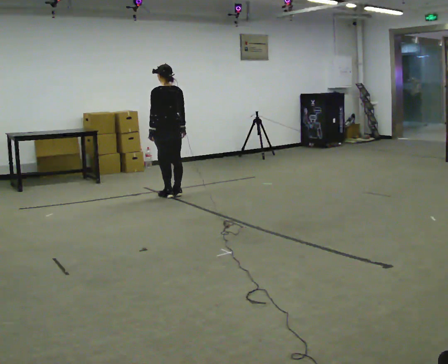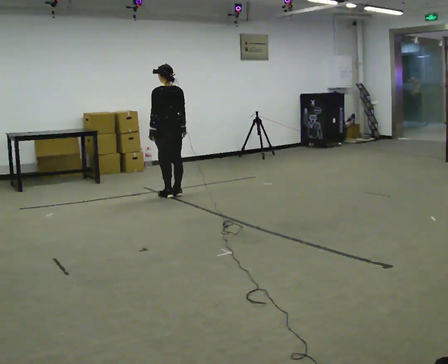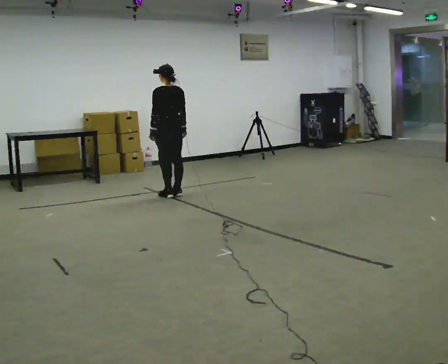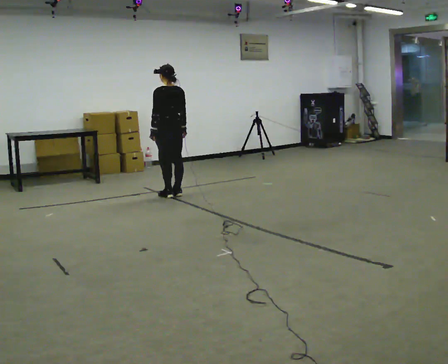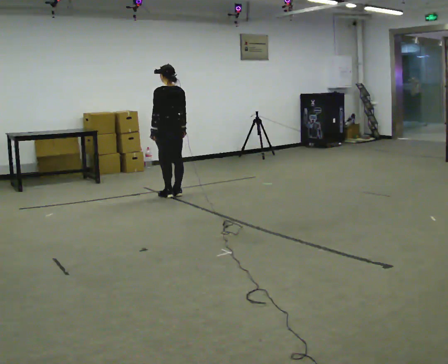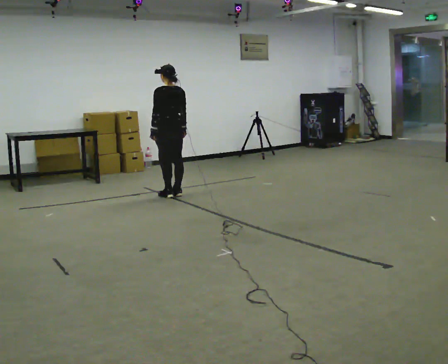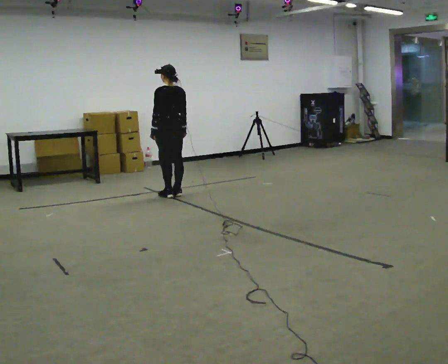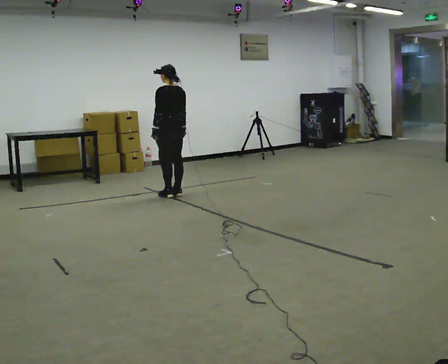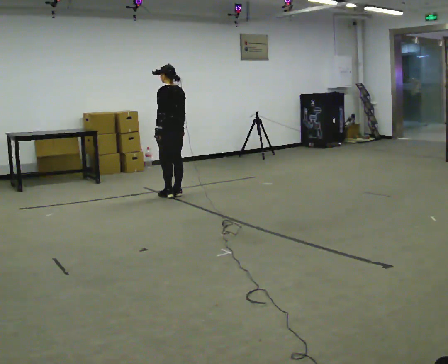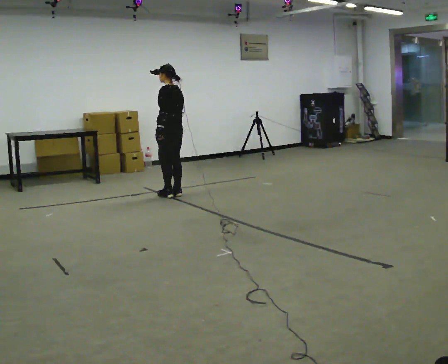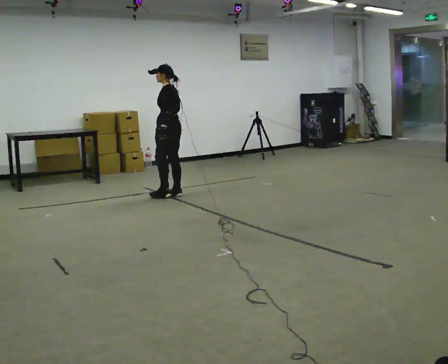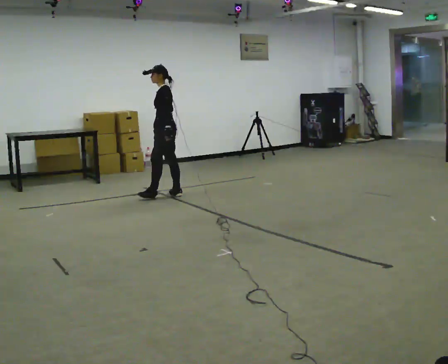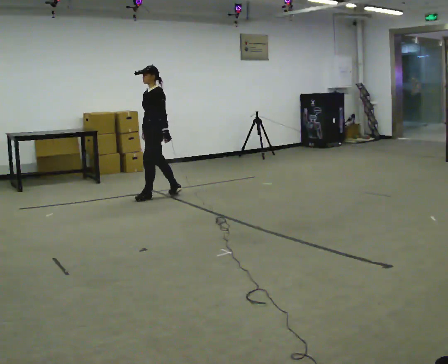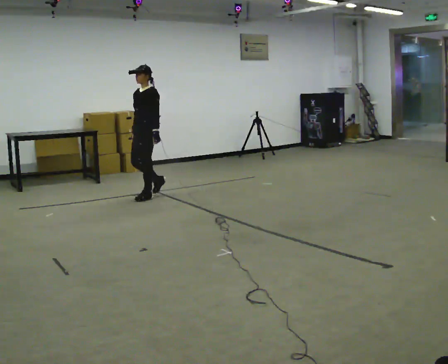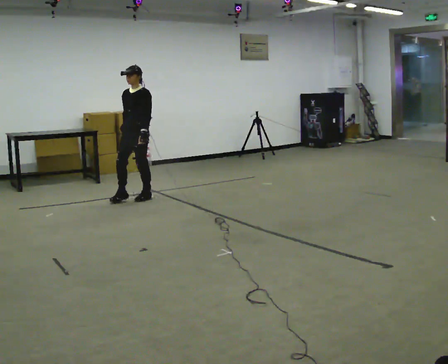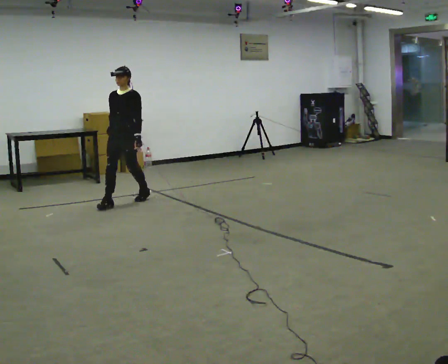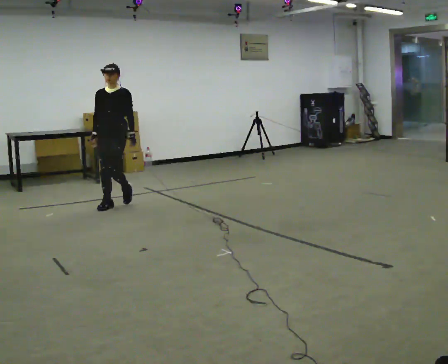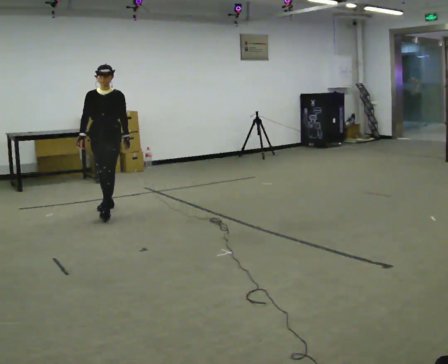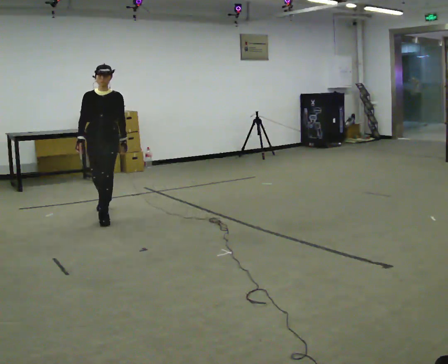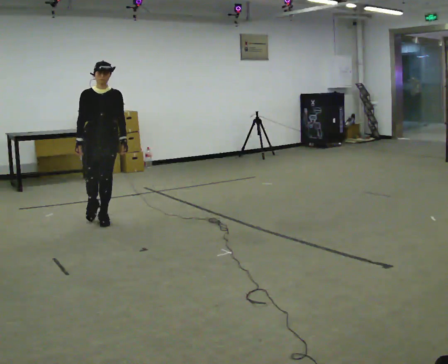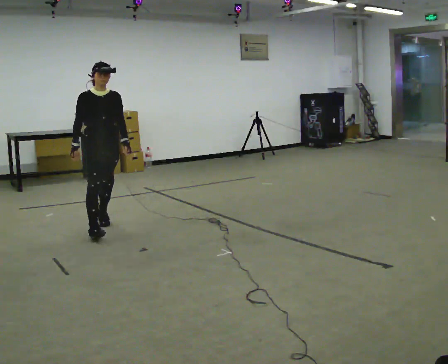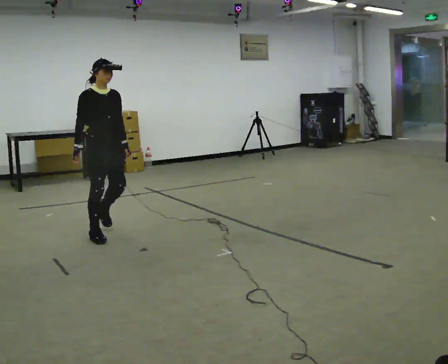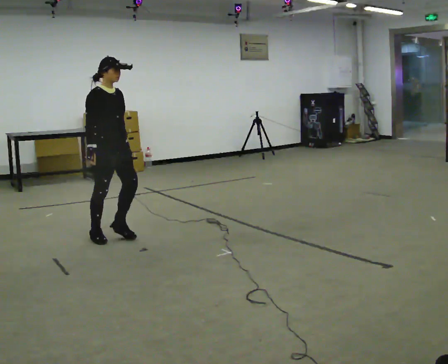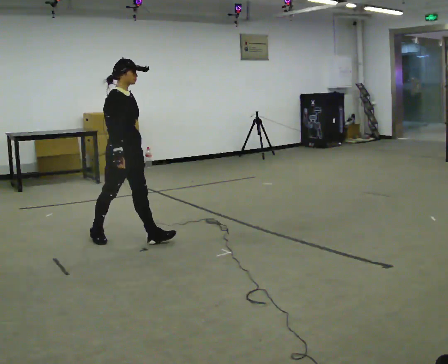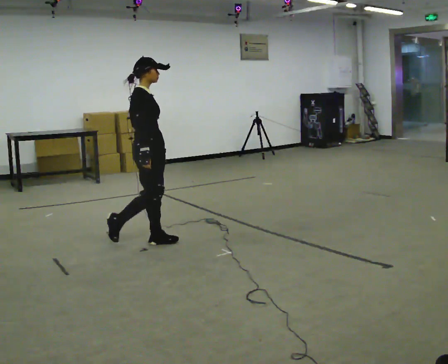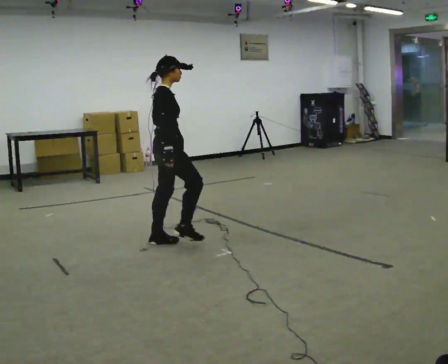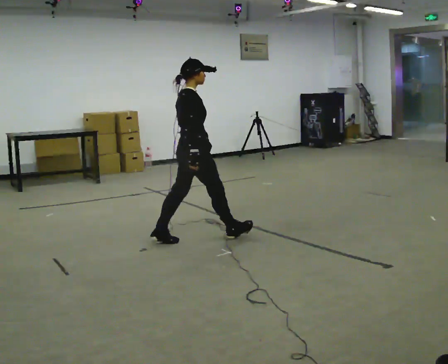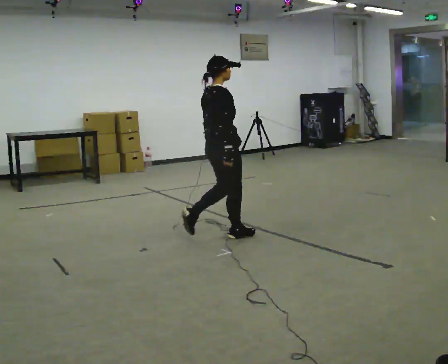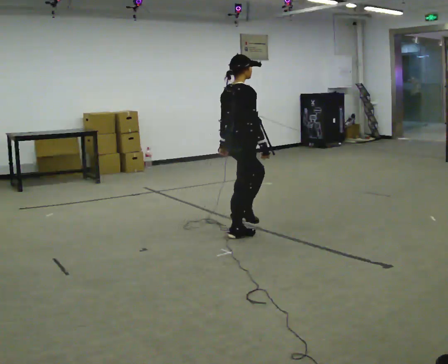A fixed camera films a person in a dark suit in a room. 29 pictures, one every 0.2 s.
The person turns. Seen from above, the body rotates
counterclockwise.
The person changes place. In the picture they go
toward the camera.
0.0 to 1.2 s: The person moves a little, or ends about where they began.
1.2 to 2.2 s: The part of the body nearest the lens slides to the right as the person turns to their left by about 60 degrees.
2.2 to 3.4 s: The part of the body nearest the lens slides to the right as the person turns to their left by about 75 degrees. In the picture they go toward the camera and to the left, about 1 m in 2 steps.
3.4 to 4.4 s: The person turns about 75 degrees to their left, counterclockwise seen from above, so the part of the body nearest the lens slides to the right. In the picture they go toward the camera, about 1 m in 2 steps.
4.4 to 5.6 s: The person turns about 60 degrees to their left, counterclockwise seen from above, so the part of the body nearest the lens slides to the right. In the picture they go to the right, about 1 m in 2 steps, which for them is forward.
The film runs forward here.
